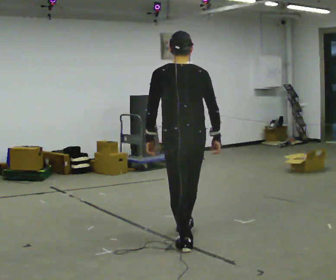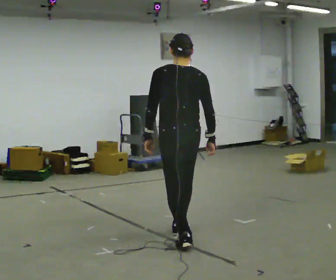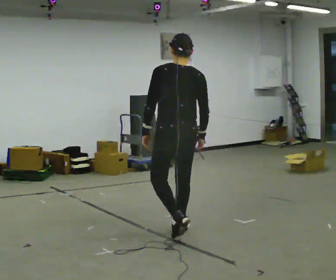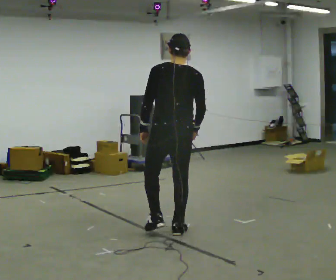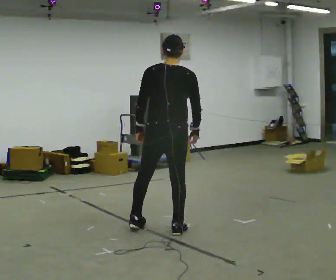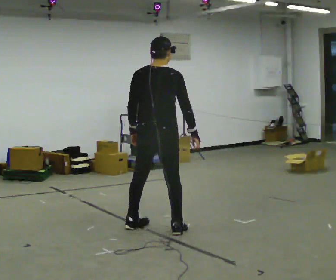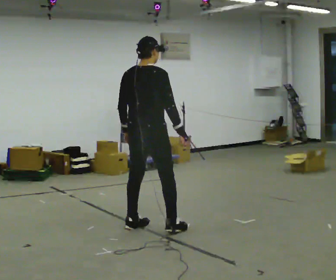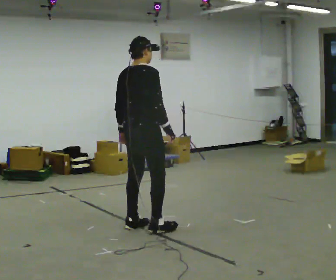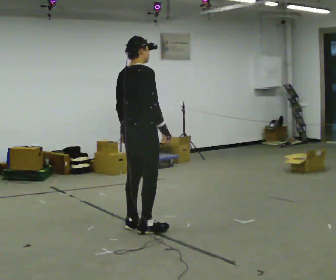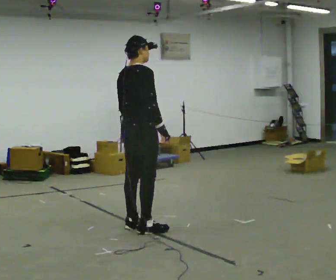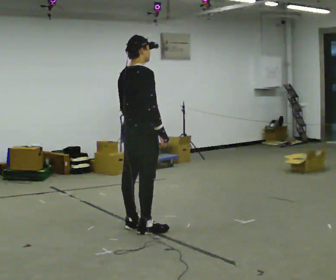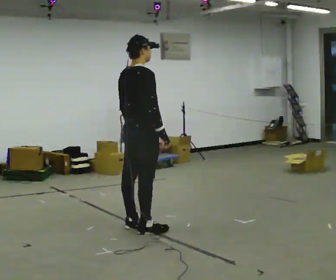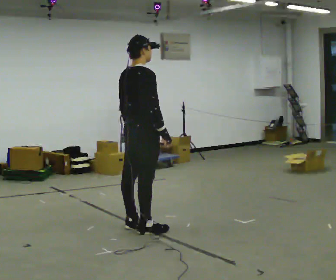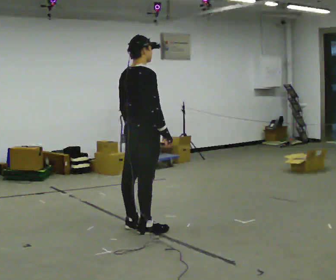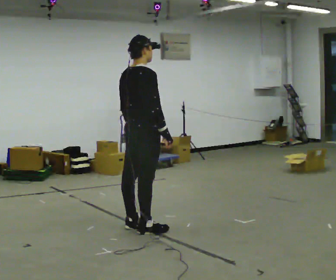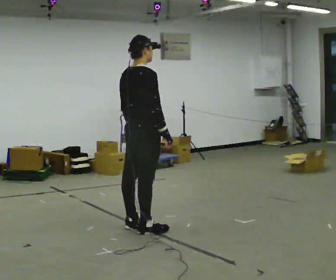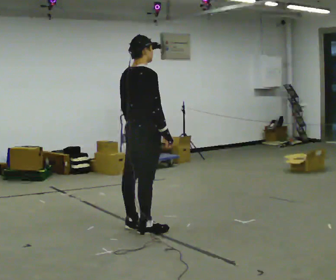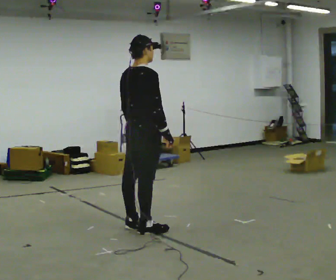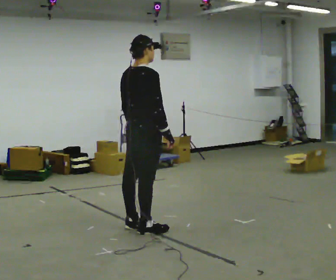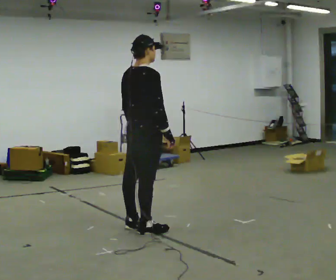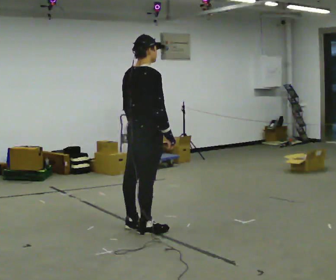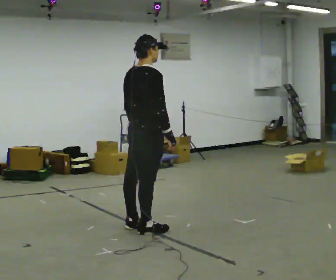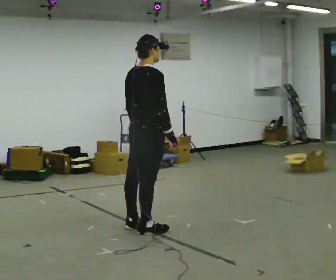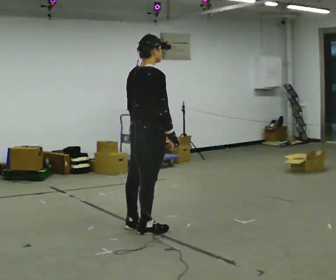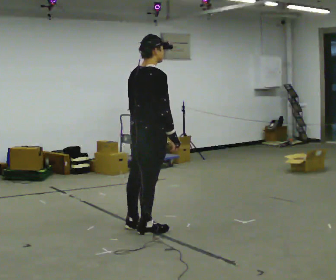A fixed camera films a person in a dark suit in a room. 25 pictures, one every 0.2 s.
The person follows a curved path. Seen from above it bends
counterclockwise.
0.0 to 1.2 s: The part of the body nearest the lens slides to the left as the person turns to their right by about 45 degrees. In the picture they go away from the camera and to the left, about 0.5 m in 2 steps, which for them is forward and to their left.
1.2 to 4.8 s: The person moves a little, or ends about where they began.
The film runs forward here.
